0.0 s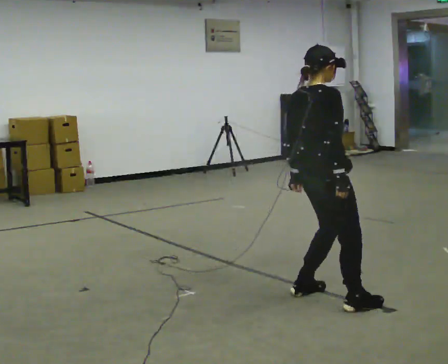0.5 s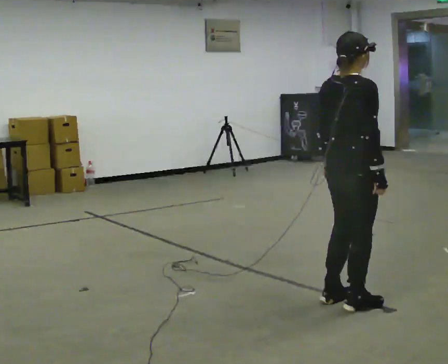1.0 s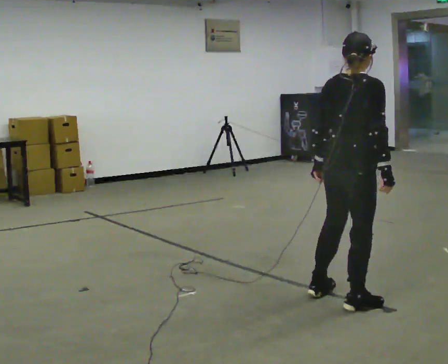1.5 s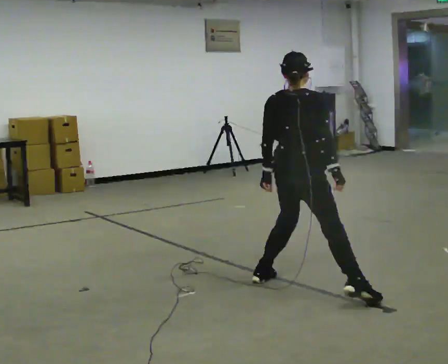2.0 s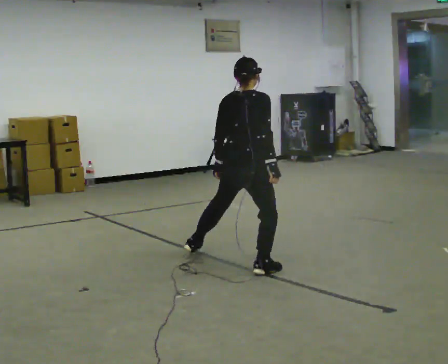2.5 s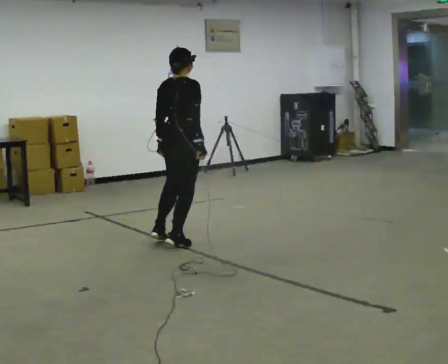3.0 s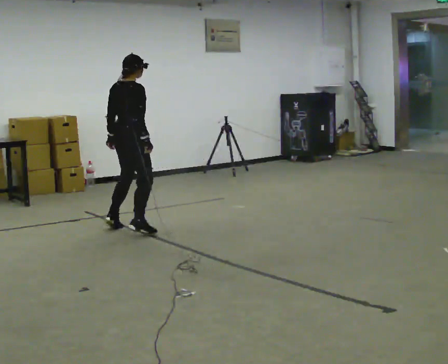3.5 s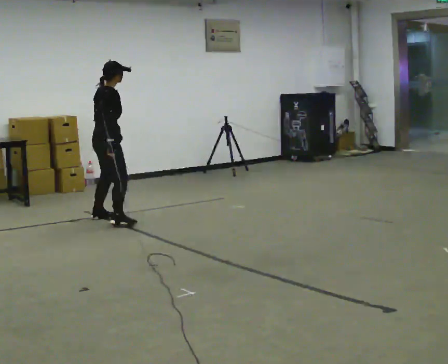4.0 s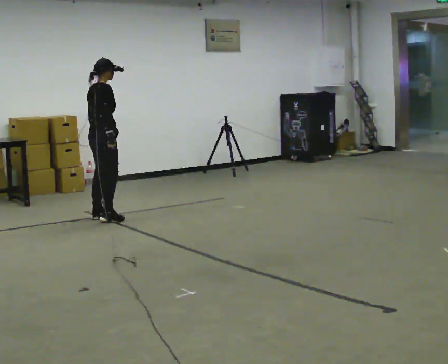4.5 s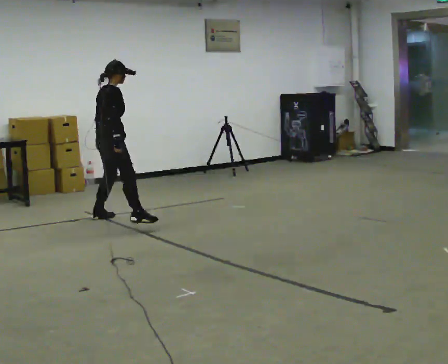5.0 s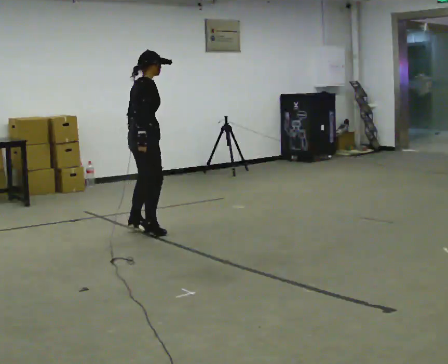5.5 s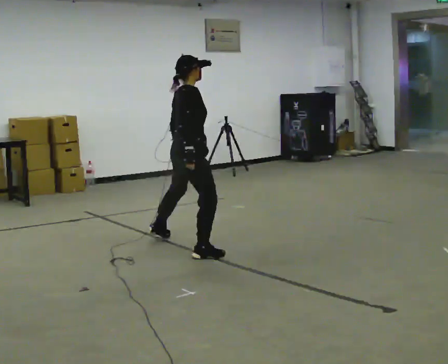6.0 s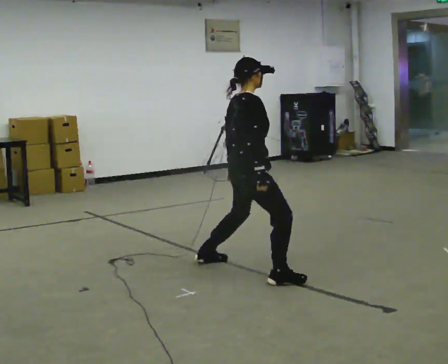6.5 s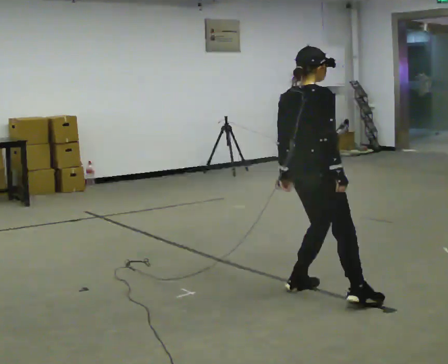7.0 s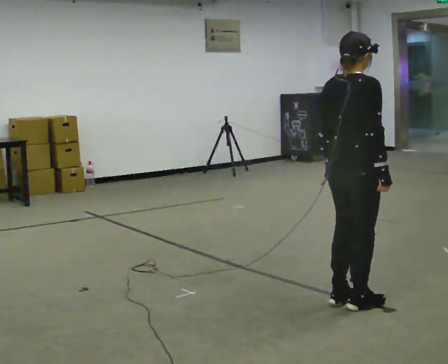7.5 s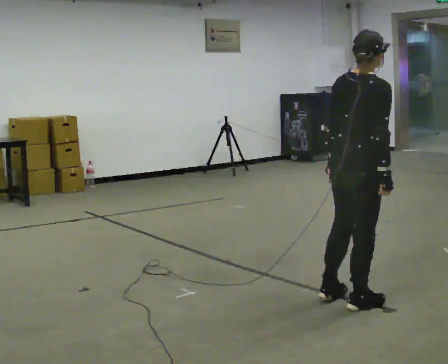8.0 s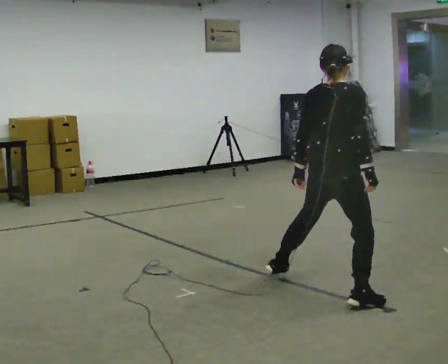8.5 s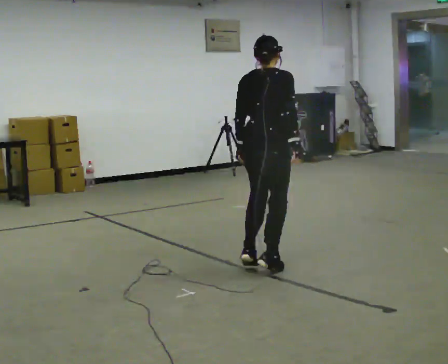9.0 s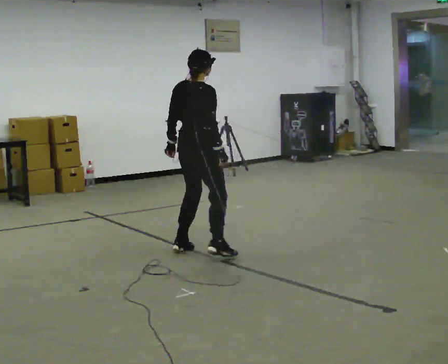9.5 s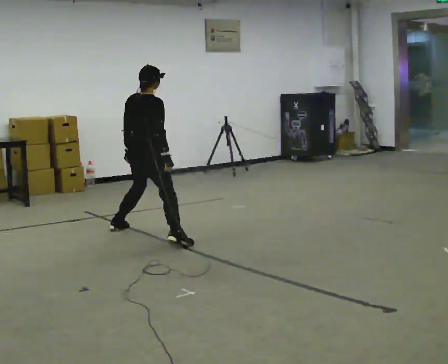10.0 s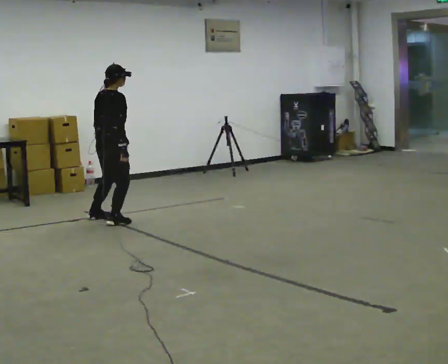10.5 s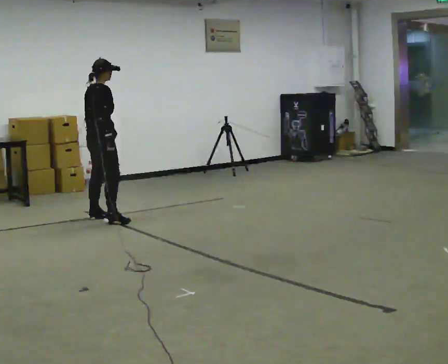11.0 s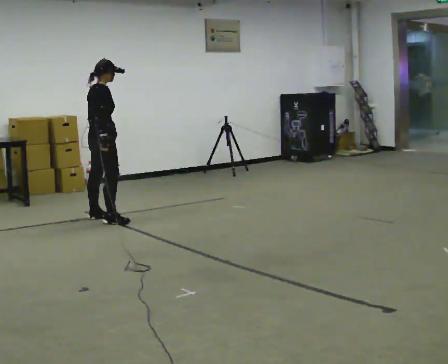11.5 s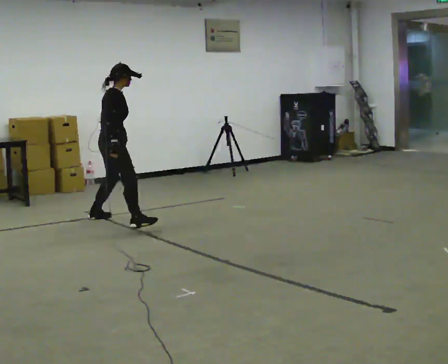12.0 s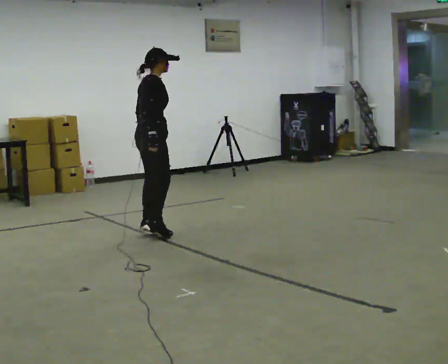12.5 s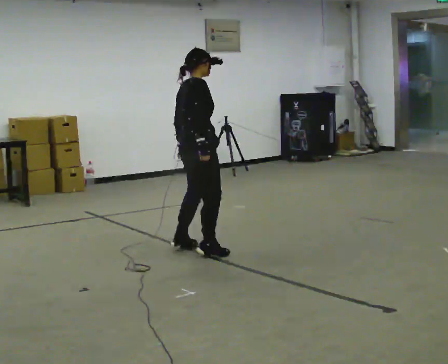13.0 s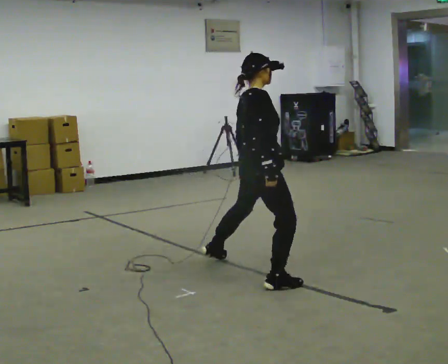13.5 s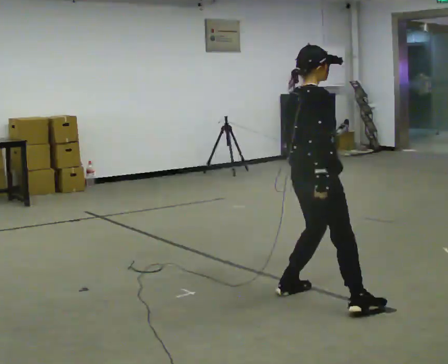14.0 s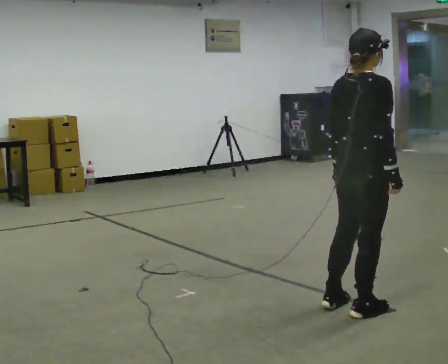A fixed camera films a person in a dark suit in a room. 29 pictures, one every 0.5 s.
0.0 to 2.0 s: In the picture they go away from the camera and to the left, about 1 m in 3 steps, which for them is to their left.
2.0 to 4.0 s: In the picture they go to the left and away from the camera, about 2 m in 6 steps, which for them is to their left.
4.0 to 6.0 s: In the picture they go to the right and toward the camera, about 2 m in 4 steps, which for them is to their right.
6.0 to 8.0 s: The part of the body nearest the lens slides to the right as the person turns to their left by about 30 degrees. In the picture they go to the right and toward the camera, about 0.75 m in 3 steps, which for them is to their right.
8.0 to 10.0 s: In the picture they go to the left and away from the camera, about 2.5 m in 7 steps, which for them is to their left.
10.0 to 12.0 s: In the picture they go to the right and toward the camera, about 0.75 m in 1 step, which for them is to their right.
12.0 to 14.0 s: In the picture they go to the right and toward the camera, about 2.5 m in 7 steps, which for them is to their right.
The film runs forward here.
